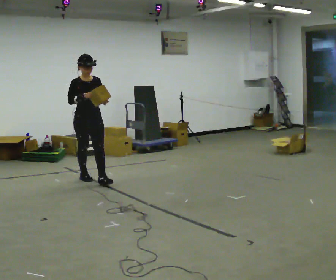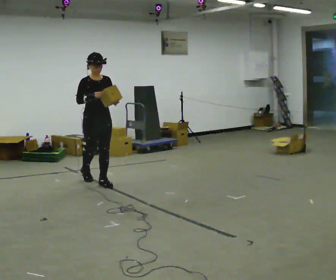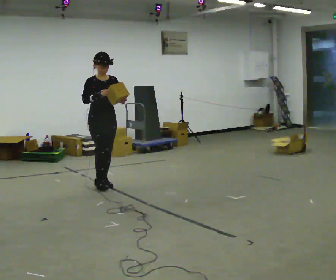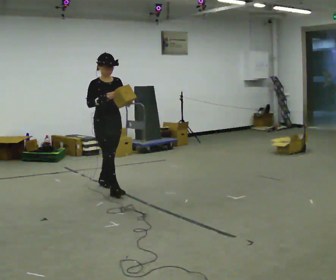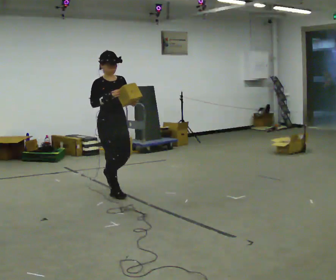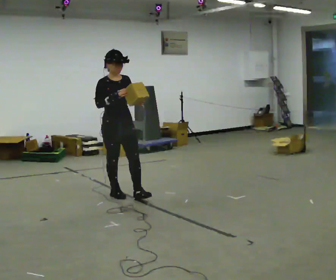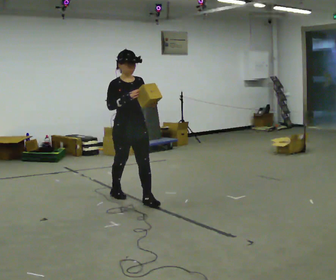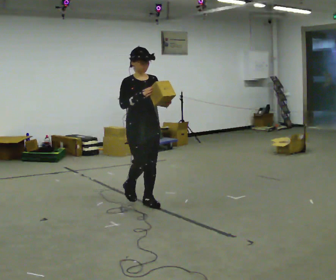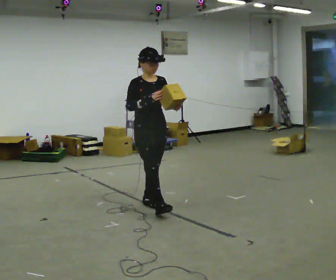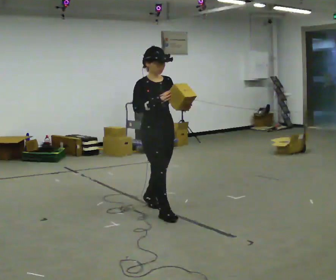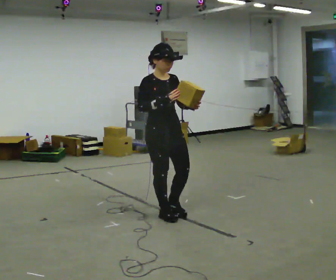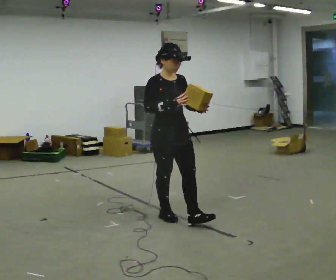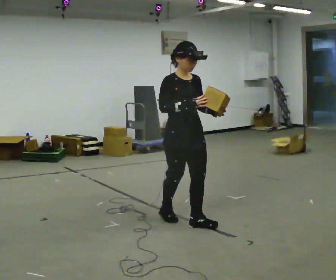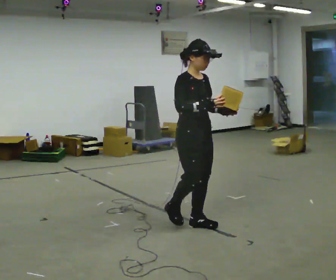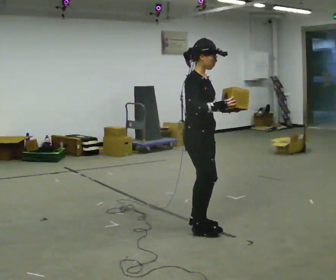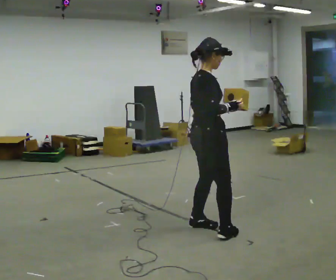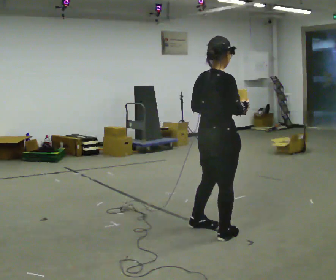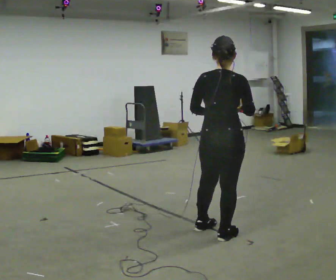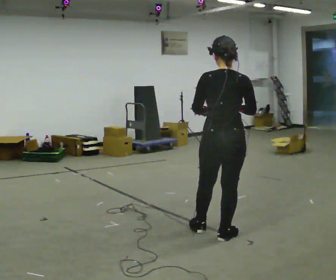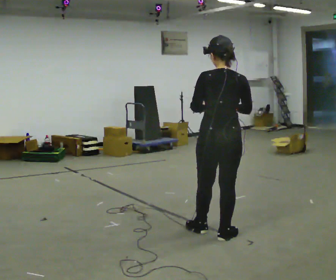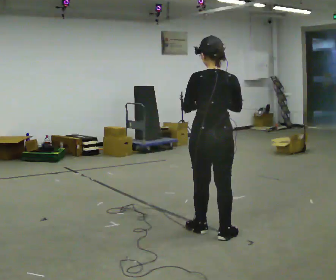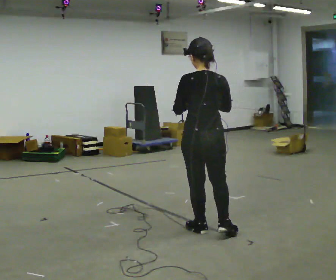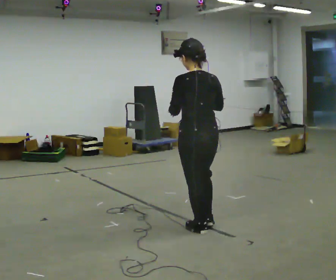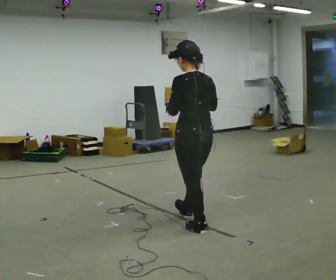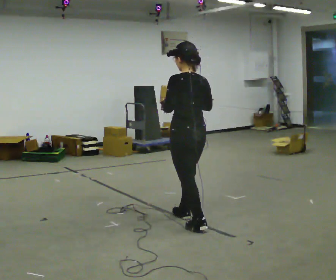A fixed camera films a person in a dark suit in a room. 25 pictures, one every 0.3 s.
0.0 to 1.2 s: In the picture they go to the right and toward the camera, about 0.5 m in 1 step, which for them is forward.
1.2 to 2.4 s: In the picture they go to the right and toward the camera, about 0.5 m in 1 step, which for them is forward.
2.4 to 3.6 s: In the picture they go toward the camera and to the right, about 0.5 m in 2 steps, which for them is forward.
3.6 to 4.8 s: Seen from above the body turns counterclockwise, about 90 degrees: to their left, with its near side sliding to the right. In the picture they go to the right and toward the camera, about 0.5 m in 1 step.
4.8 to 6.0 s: The person turns about 60 degrees to their left, counterclockwise seen from above, so the part of the body nearest the lens slides to the right.
6.0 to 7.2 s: Seen from above the body turns counterclockwise, about 30 degrees: to their left, with its near side sliding to the right. In the picture they go away from the camera and to the left, about 0.25 m in 1 step, which for them is forward.
The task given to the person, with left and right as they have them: Carry the object and, while walking, turn it over in your hands to look at all sides of it. Keep turning it as you walk.
The film runs forward here.
